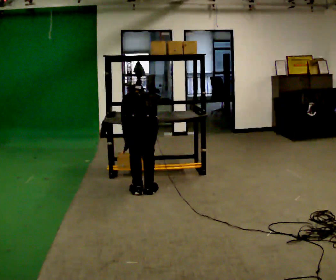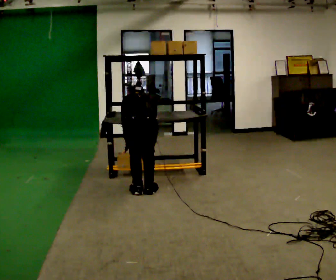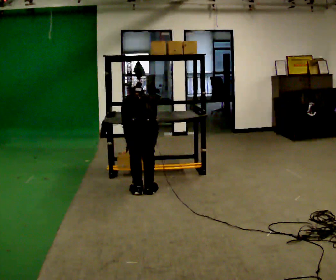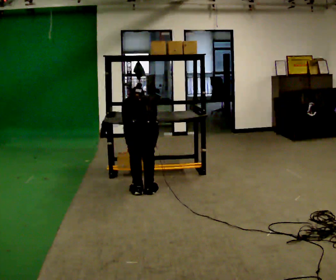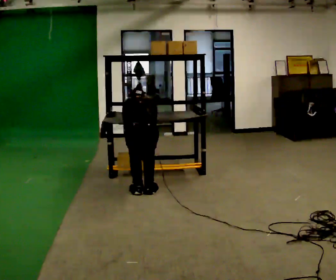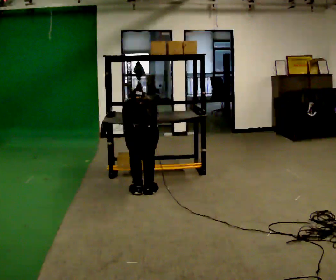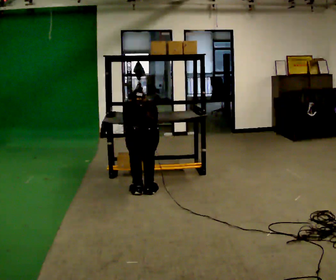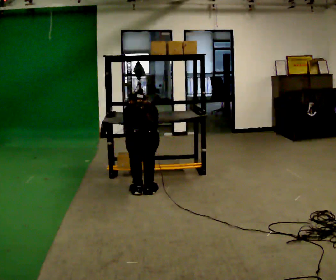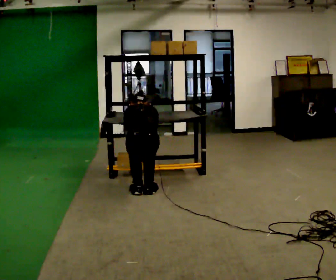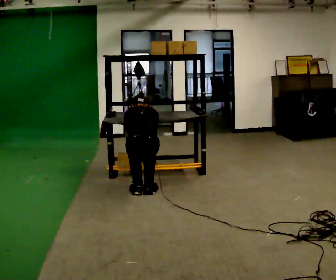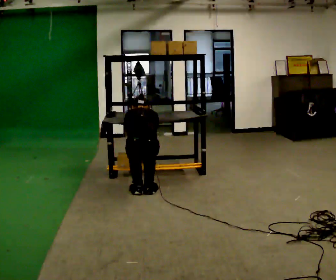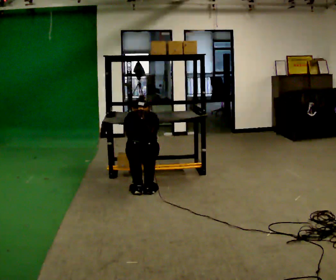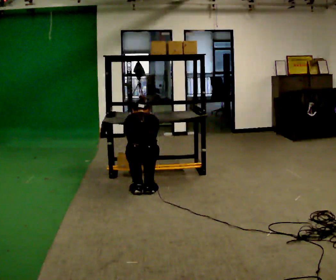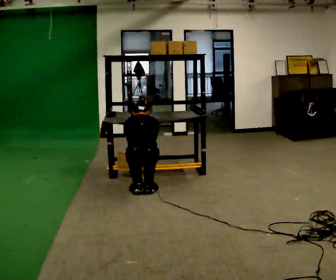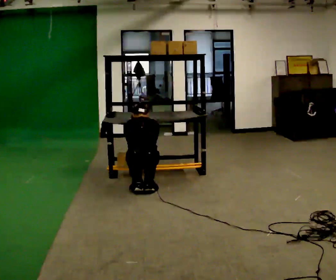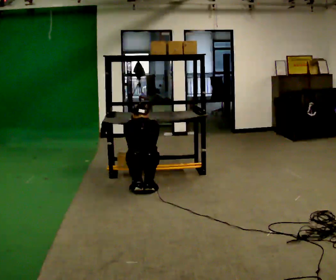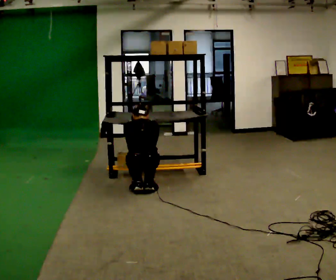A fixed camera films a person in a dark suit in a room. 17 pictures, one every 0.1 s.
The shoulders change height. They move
downward.
0.0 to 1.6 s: The upper body goes downward. The upper body tips toward the camera, its near side rolling downward, as they lean back or straighten.
The film runs forward here.
